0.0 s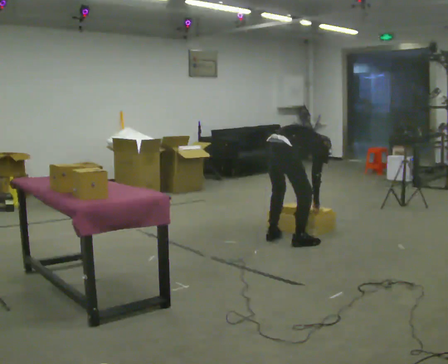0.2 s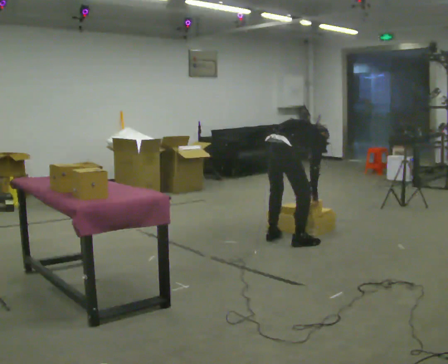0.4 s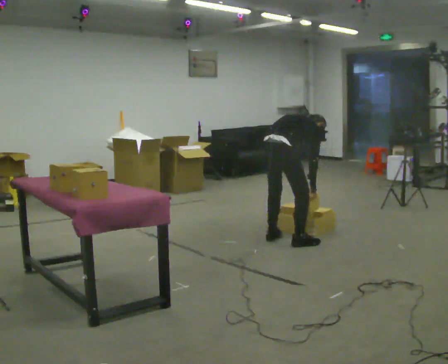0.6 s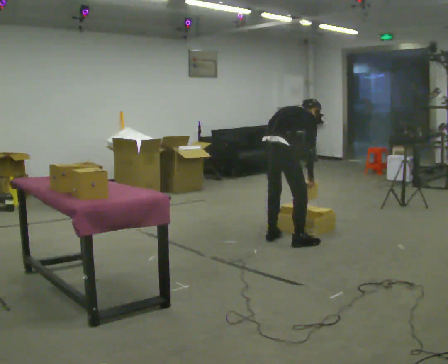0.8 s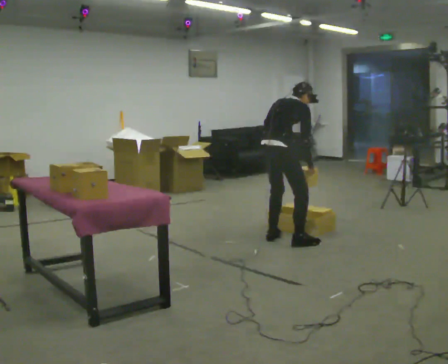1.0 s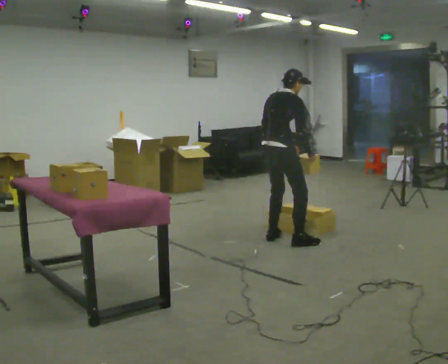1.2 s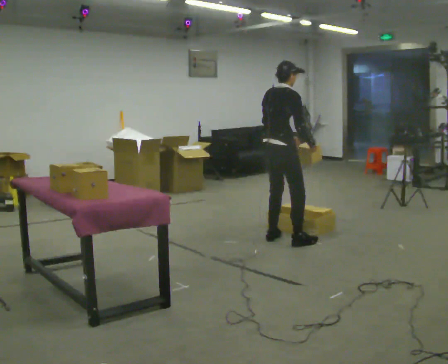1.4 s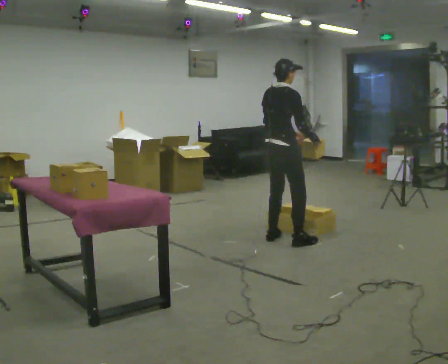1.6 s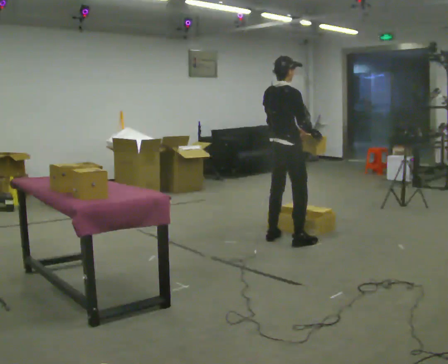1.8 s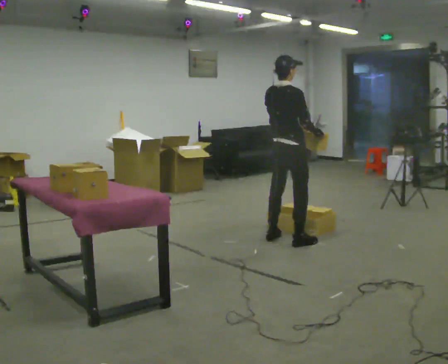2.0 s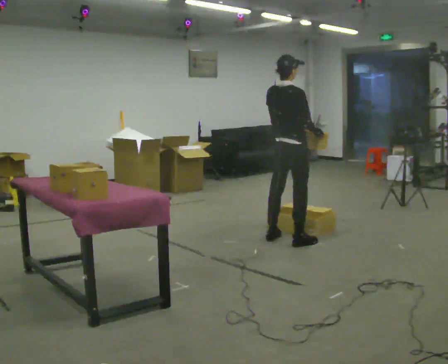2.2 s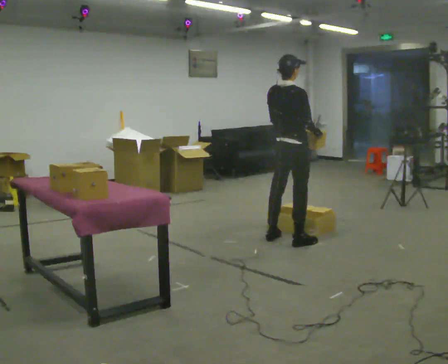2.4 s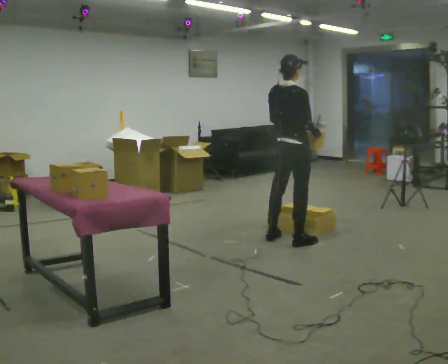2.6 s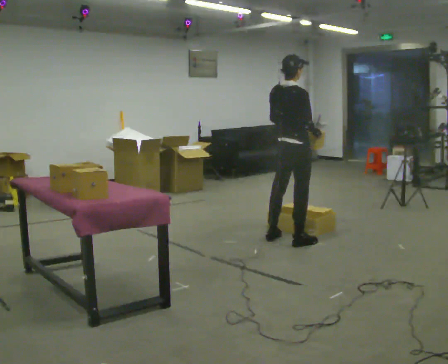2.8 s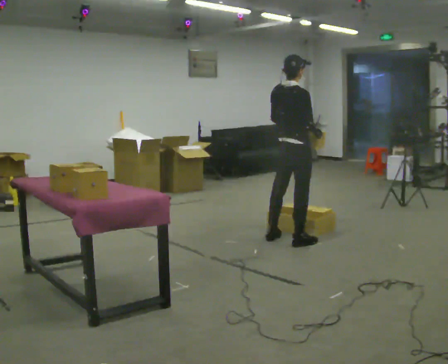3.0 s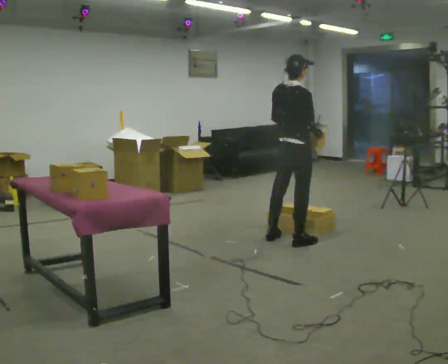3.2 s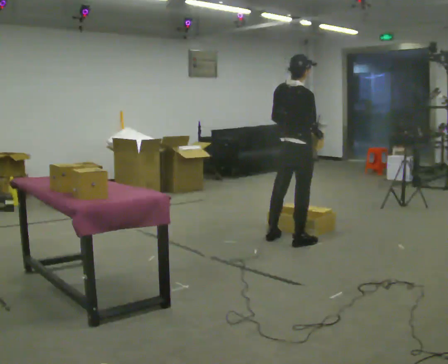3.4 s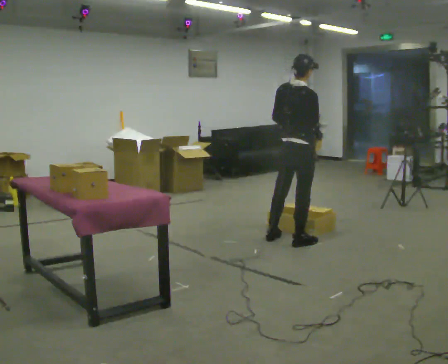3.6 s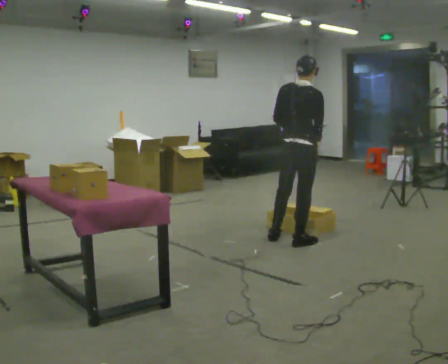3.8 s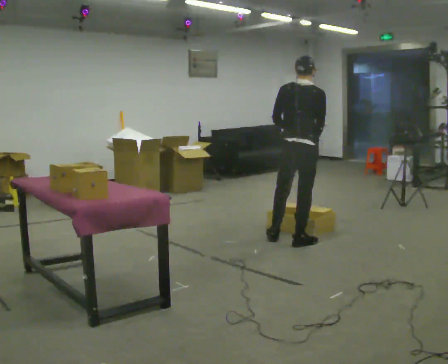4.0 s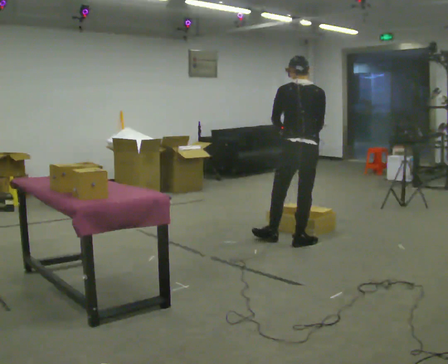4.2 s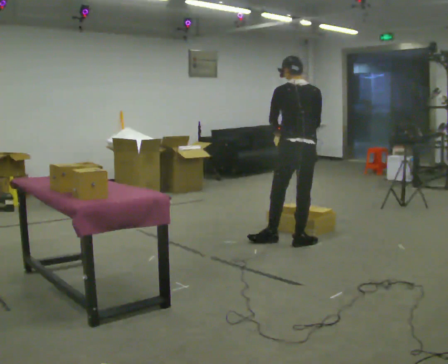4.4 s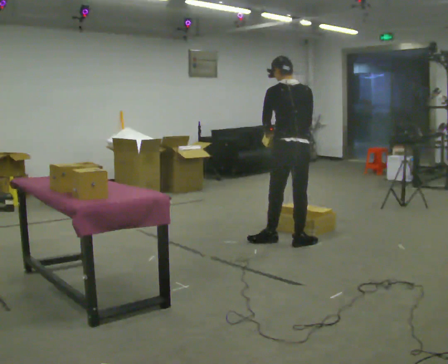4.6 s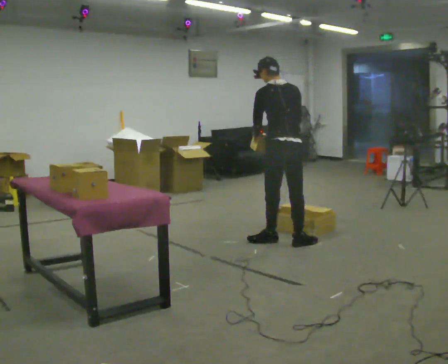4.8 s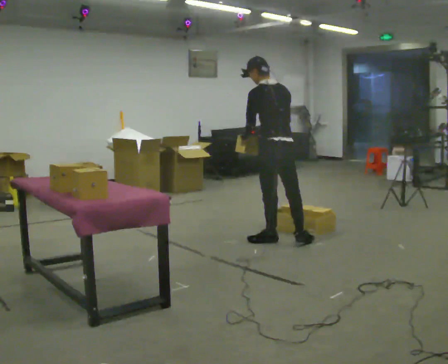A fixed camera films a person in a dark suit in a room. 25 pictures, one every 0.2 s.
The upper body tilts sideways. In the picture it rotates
counterclockwise.
Their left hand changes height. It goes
upward.
0.0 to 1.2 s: The shoulders move upward. In the picture the upper body tilts counterclockwise, shoulders to the left, as they lean back or straighten. In the picture their left hand goes upward.
1.2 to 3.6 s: In the picture they go to the right and toward the camera, about 0.25 m, which for them is to their right.
3.6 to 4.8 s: The part of the body nearest the lens slides to the right as the person turns to their left by about 60 degrees. In the picture they go to the left, about 0.25 m, which for them is to their left. In the picture the upper body tilts counterclockwise, shoulders to the left. In the picture their left hand goes to the left.
The film runs forward here.
